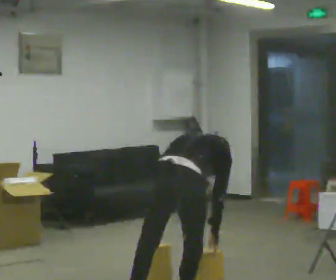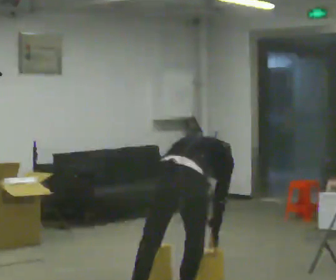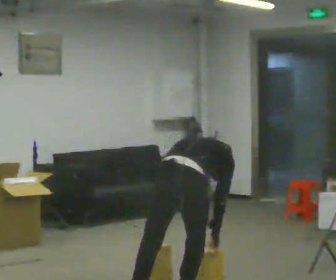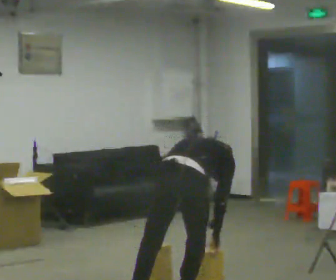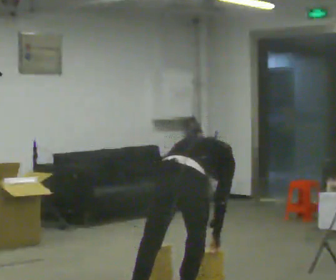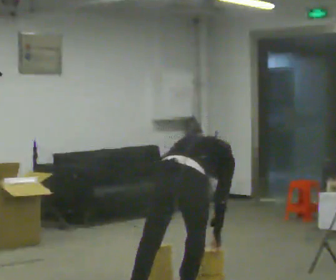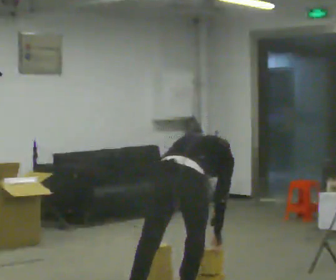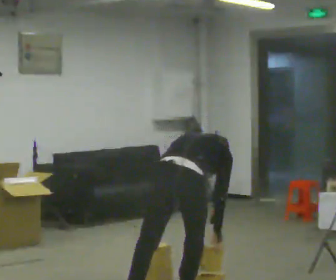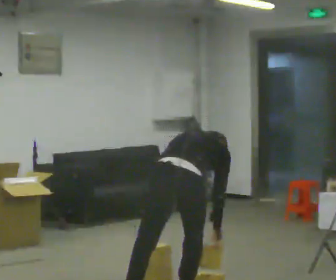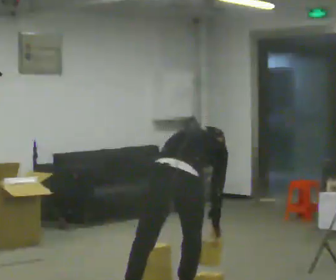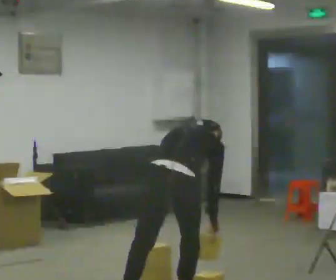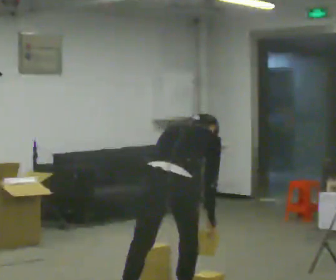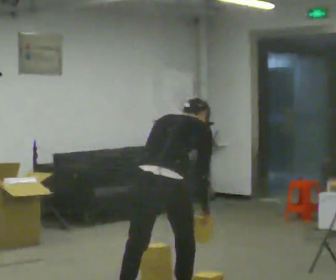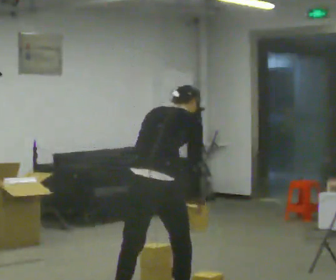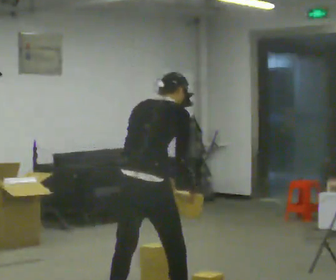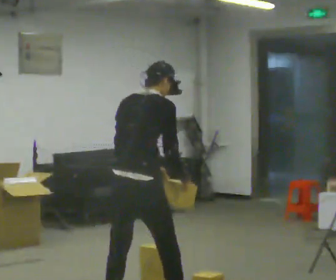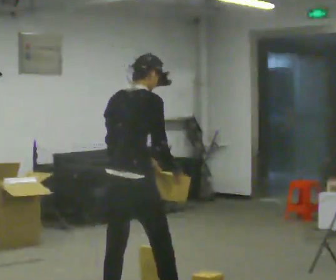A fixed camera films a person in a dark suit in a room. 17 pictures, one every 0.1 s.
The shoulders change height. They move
upward.
Their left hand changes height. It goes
upward.
0.0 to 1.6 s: In the picture they go to the left, about 0.25 m in 1 step, which for them is to their left and backward. The upper body goes upward. The upper body tips toward the camera, its near side rolling downward, as they lean back or straighten. In the picture their left hand goes upward.
The film runs backward here.
